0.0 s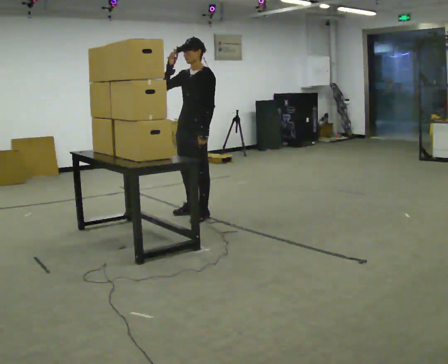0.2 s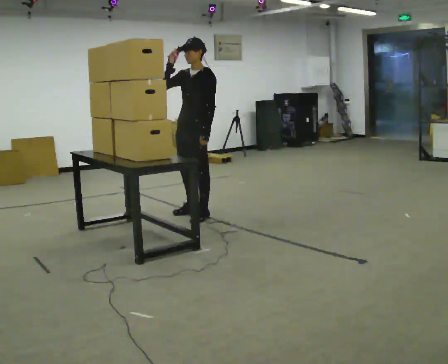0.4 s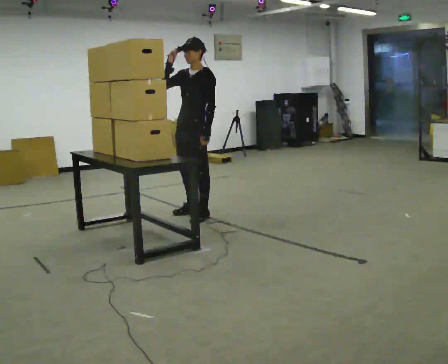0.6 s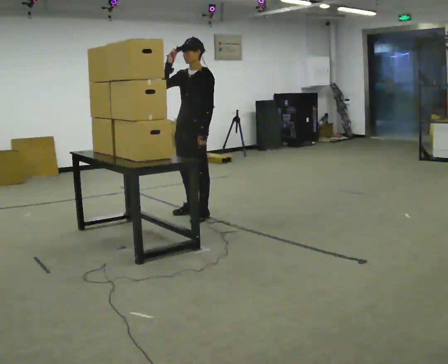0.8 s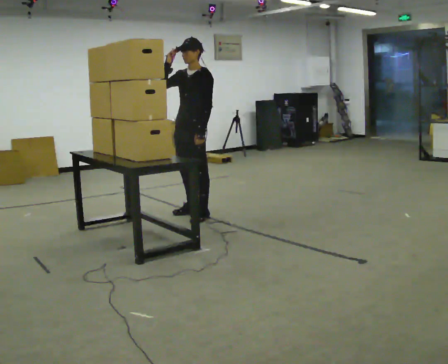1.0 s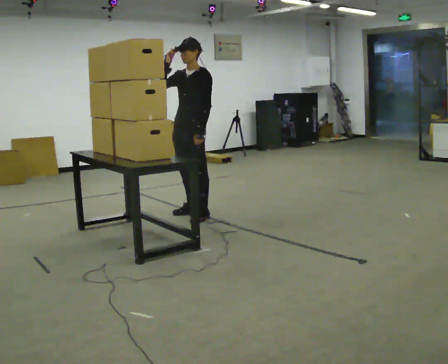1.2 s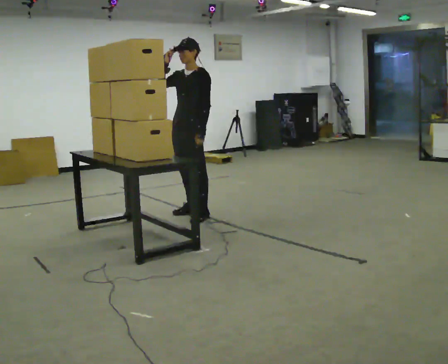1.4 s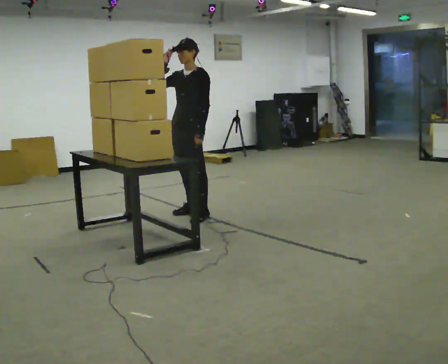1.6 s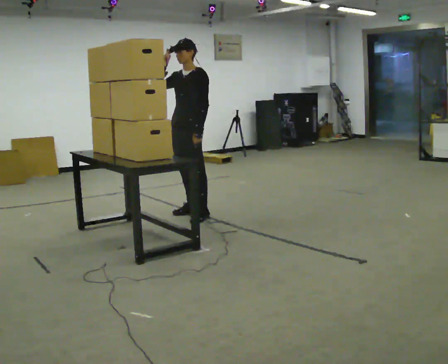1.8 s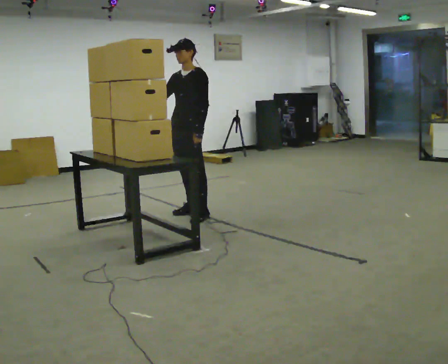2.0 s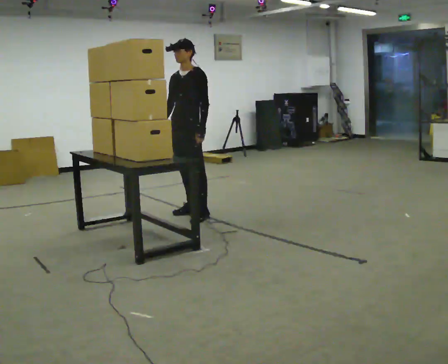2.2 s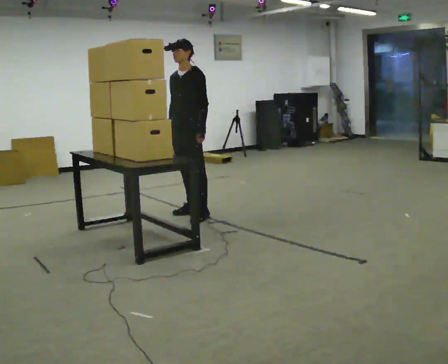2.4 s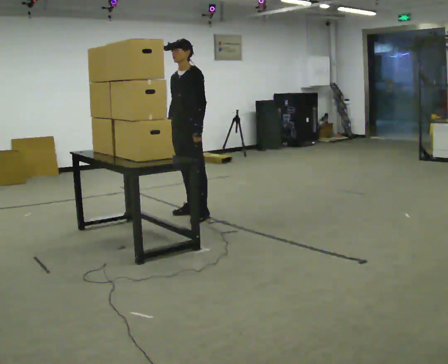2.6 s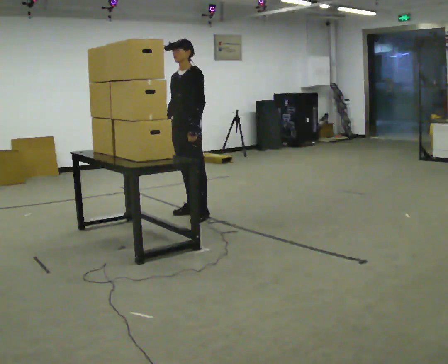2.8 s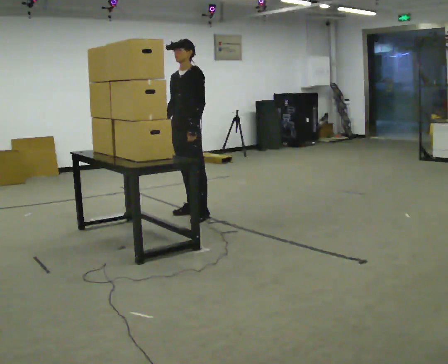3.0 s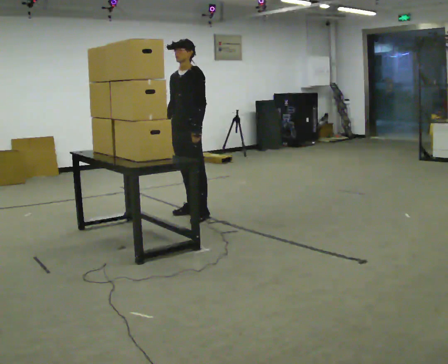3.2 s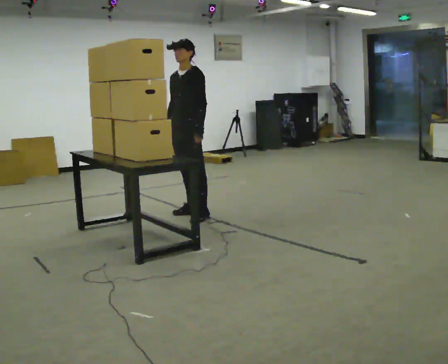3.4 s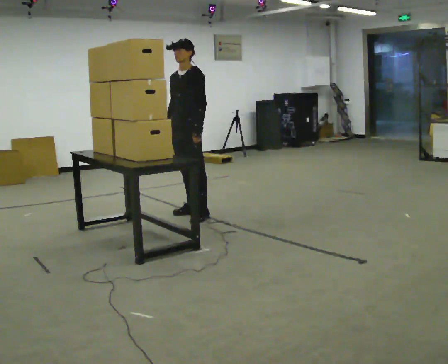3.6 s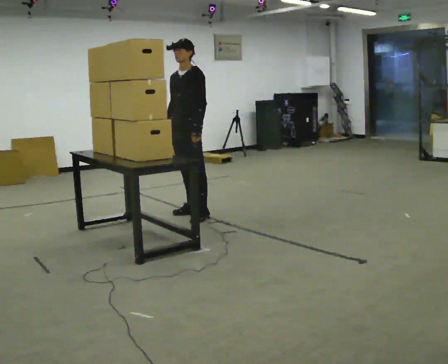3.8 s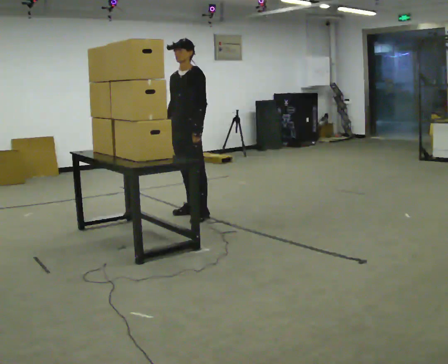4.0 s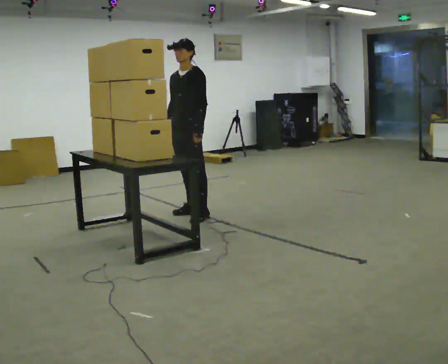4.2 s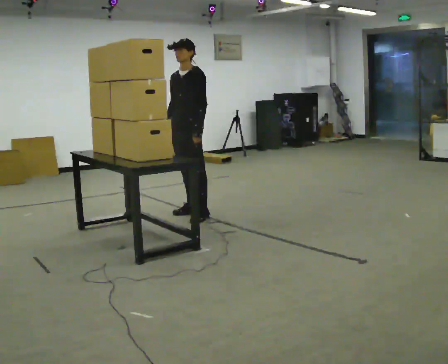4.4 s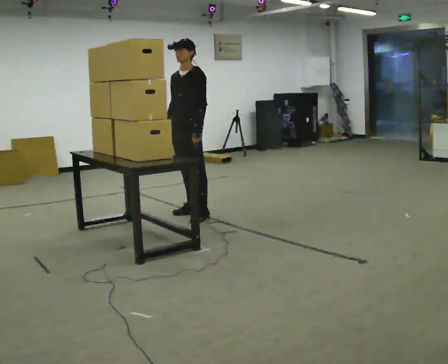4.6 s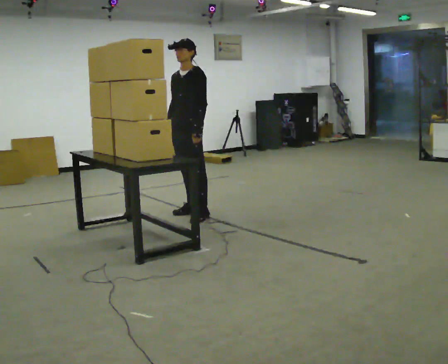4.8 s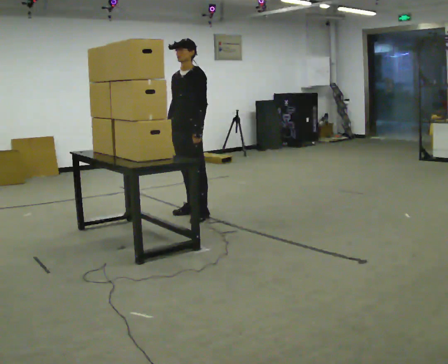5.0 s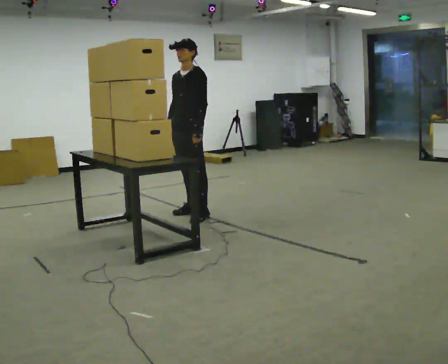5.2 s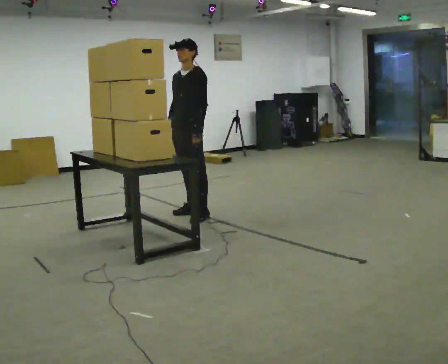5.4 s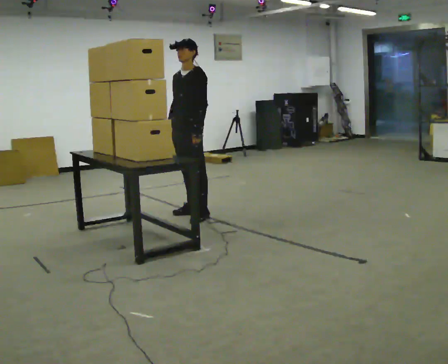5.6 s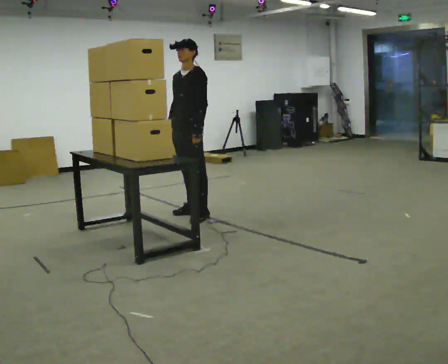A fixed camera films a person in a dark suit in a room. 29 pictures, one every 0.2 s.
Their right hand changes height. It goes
downward.
0.0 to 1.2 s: The person moves a little, or ends about where they began.
1.2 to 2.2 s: In the picture their right hand goes downward.
2.2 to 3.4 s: The person moves a little, or ends about where they began.
3.4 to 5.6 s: The person keeps their place and pose.
The film runs forward here.
